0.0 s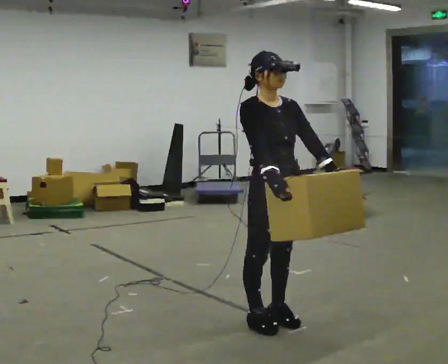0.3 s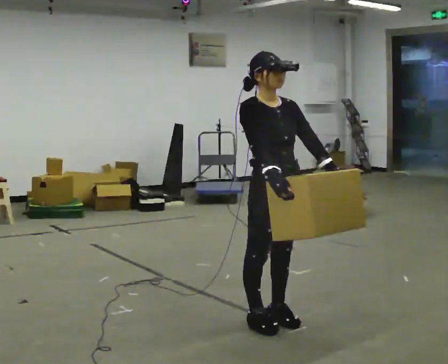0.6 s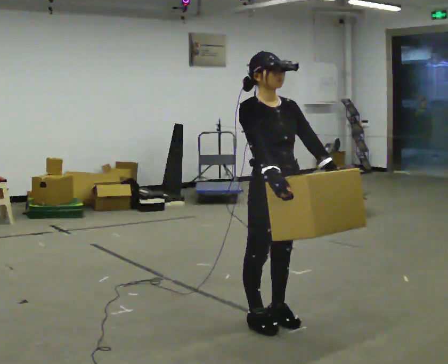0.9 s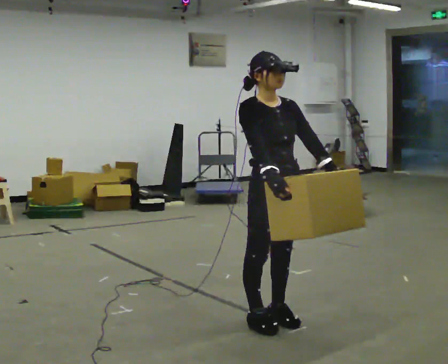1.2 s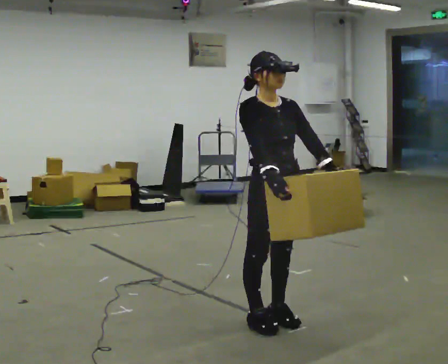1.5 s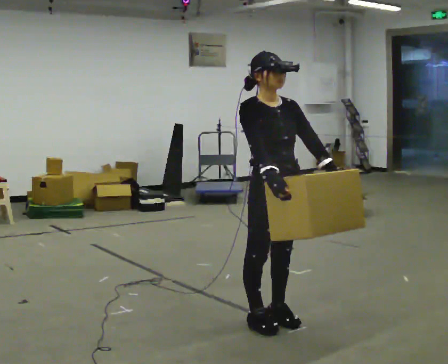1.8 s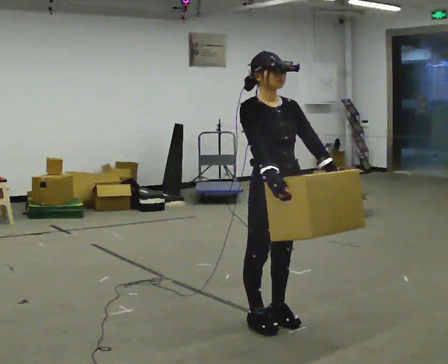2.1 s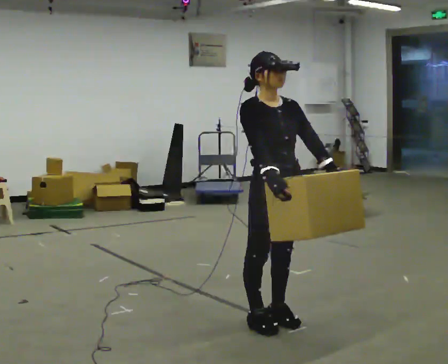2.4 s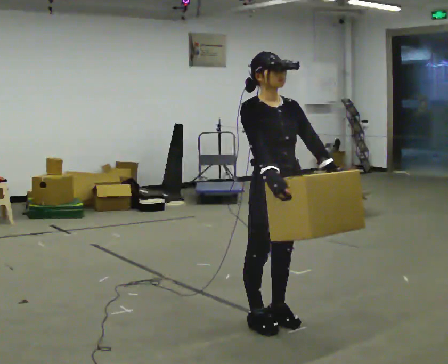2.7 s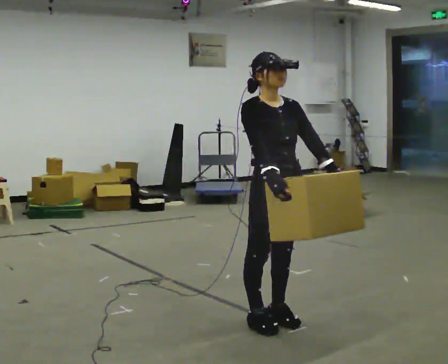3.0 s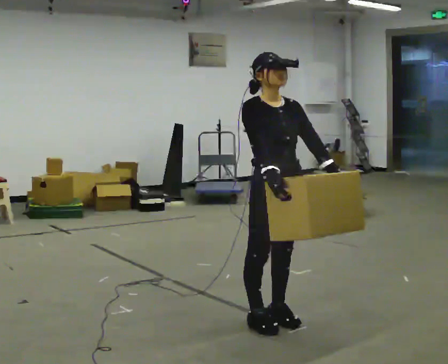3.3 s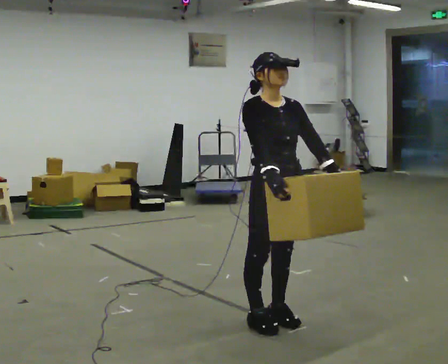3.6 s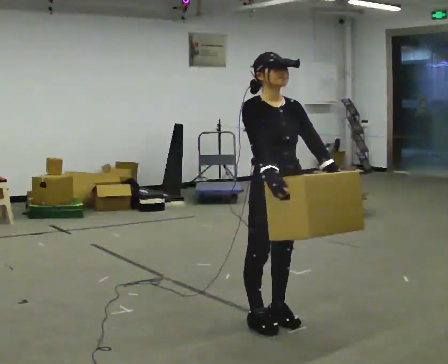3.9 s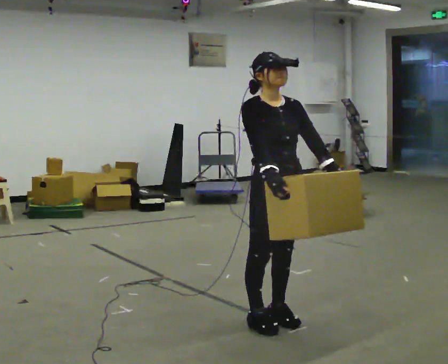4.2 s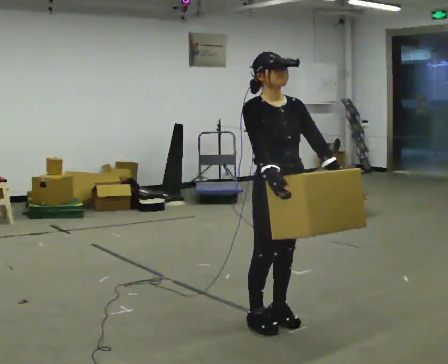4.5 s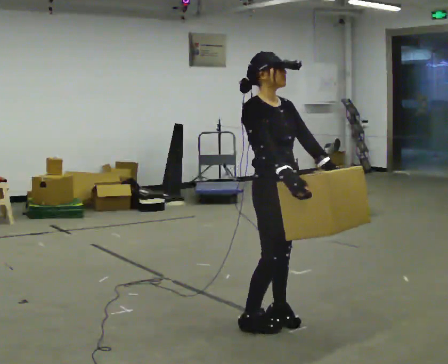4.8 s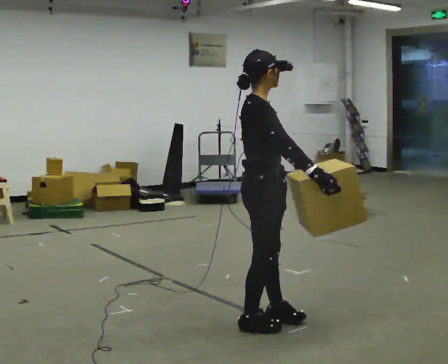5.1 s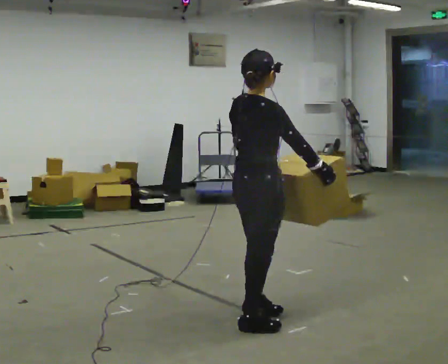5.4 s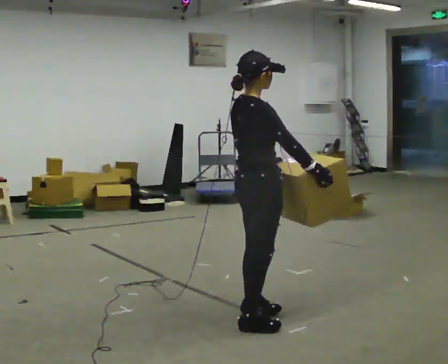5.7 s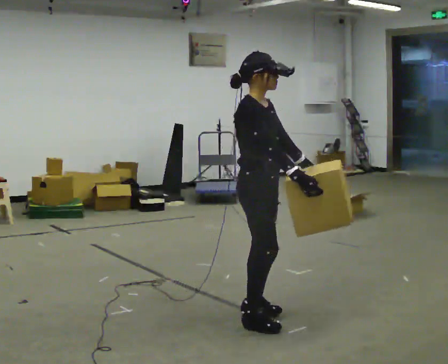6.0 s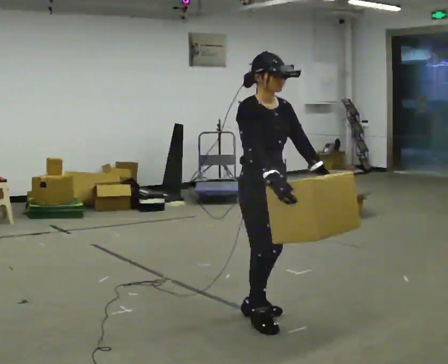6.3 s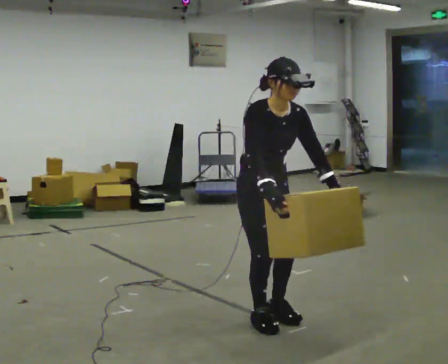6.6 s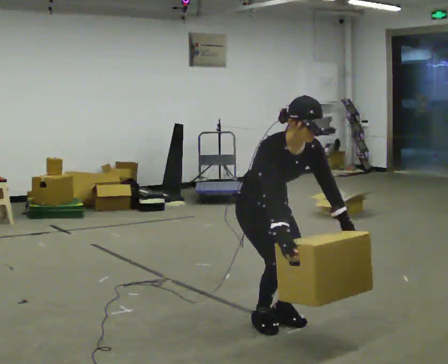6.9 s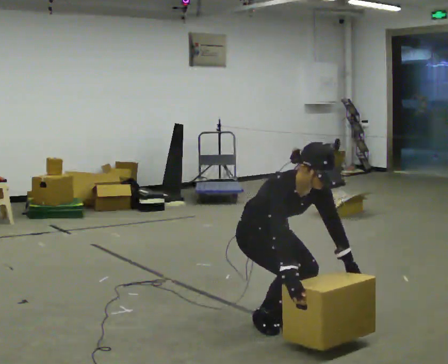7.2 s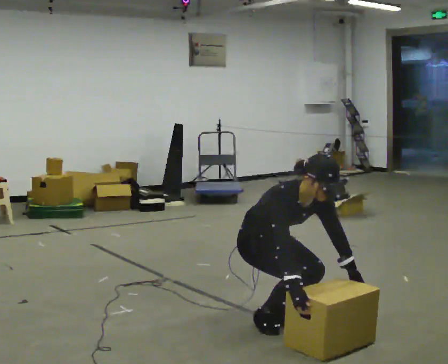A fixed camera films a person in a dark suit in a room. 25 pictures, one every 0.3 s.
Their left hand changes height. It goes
downward.
Their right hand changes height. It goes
downward.
0.0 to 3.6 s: The person keeps their place and pose.
3.6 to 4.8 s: The part of the body nearest the lens slides to the right as the person turns to their left by about 60 degrees.
4.8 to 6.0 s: The part of the body nearest the lens slides to the left as the person turns to their right by about 60 degrees.
6.0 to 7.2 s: The shoulders move downward. In the picture the upper body tilts clockwise, shoulders to the right, as they bend forward. In the picture their right hand goes downward.
The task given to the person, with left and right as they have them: Carry the heavy box in both hands in front of you, walking back and forth across the room. Keep walking until the operator says stop. Set it down if you need a rest.
The film runs forward here.
